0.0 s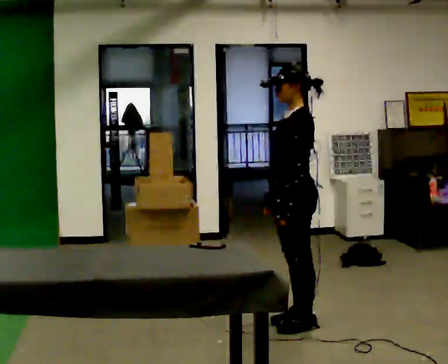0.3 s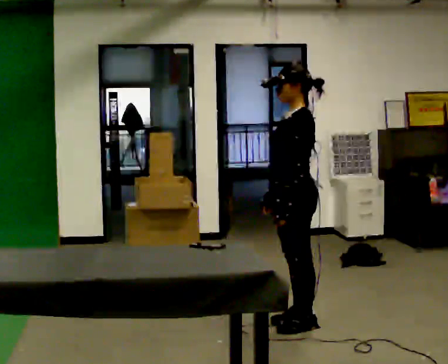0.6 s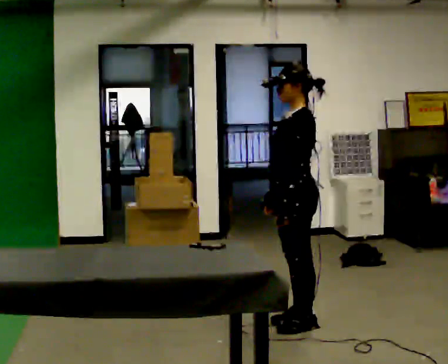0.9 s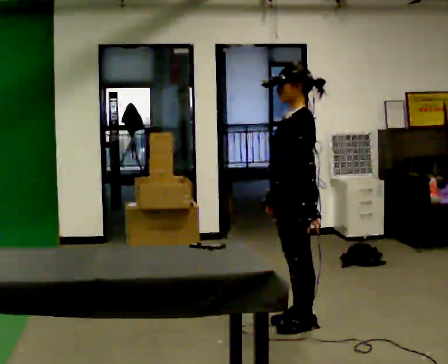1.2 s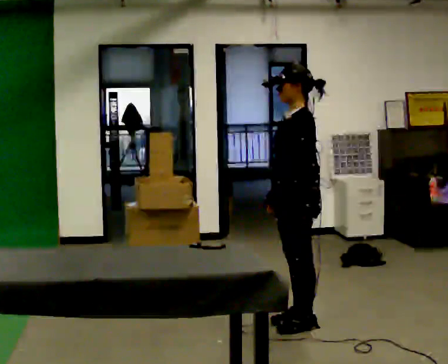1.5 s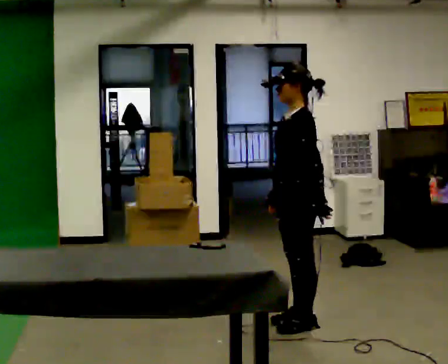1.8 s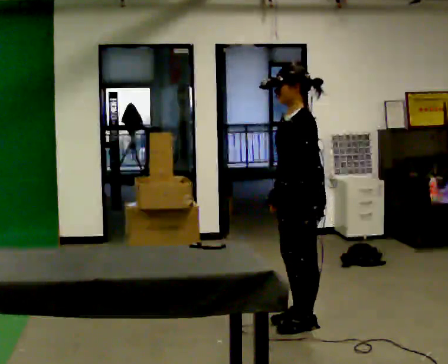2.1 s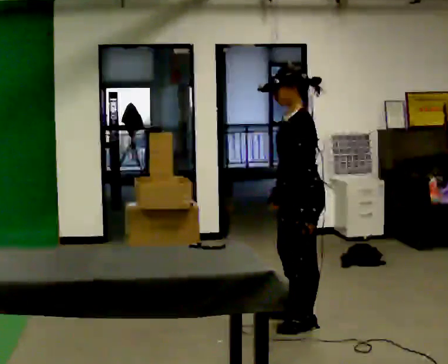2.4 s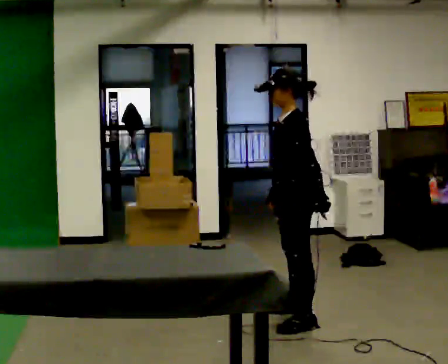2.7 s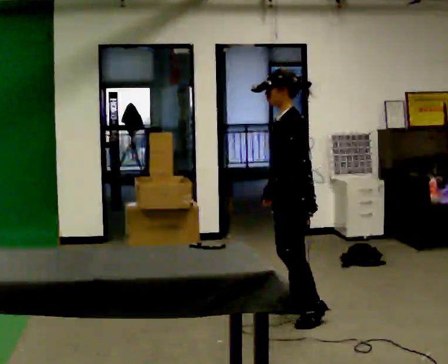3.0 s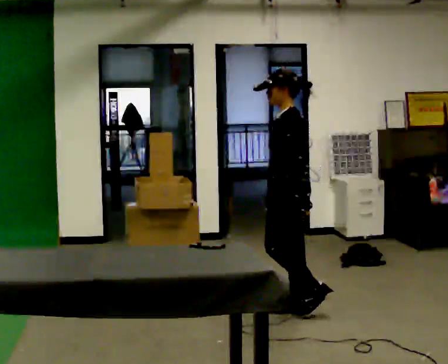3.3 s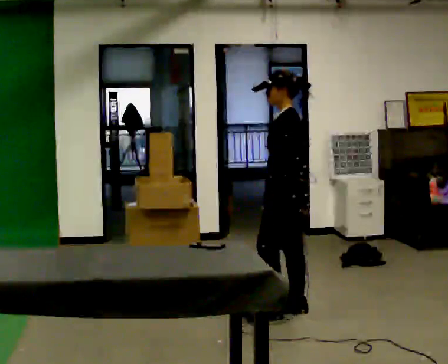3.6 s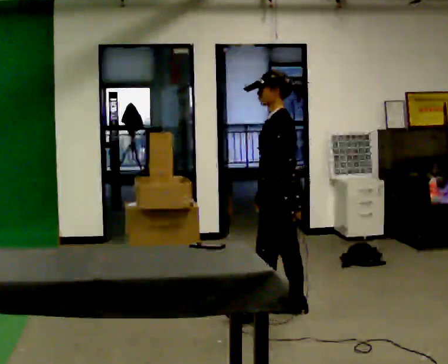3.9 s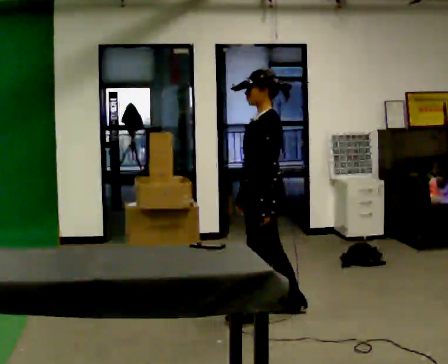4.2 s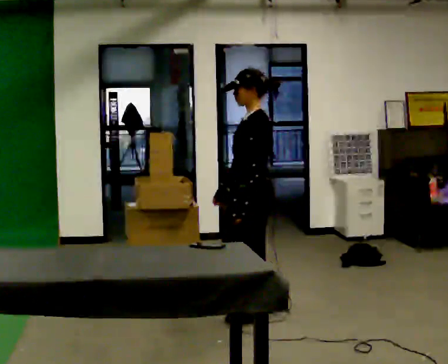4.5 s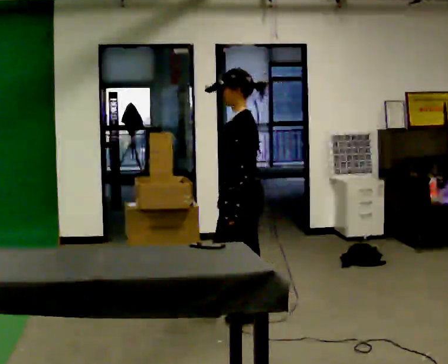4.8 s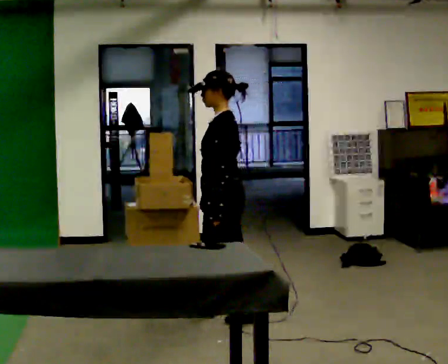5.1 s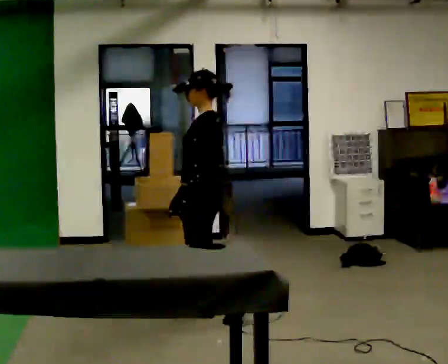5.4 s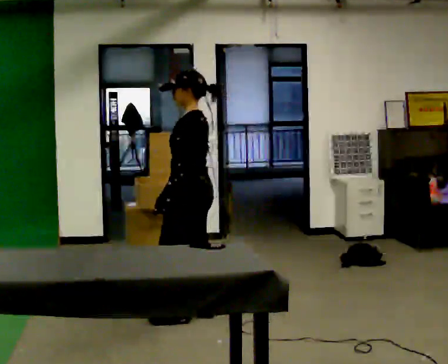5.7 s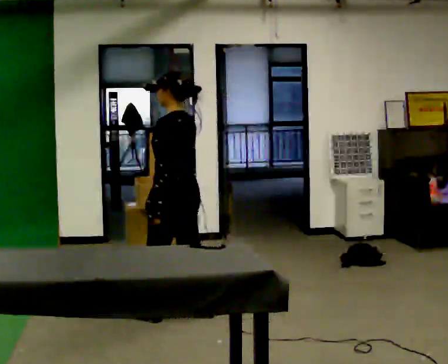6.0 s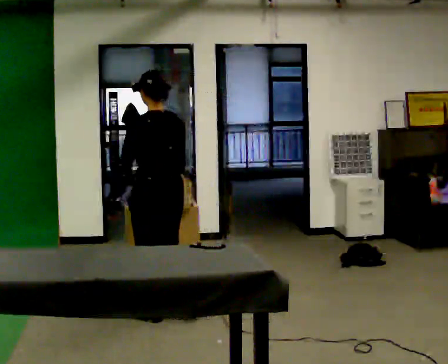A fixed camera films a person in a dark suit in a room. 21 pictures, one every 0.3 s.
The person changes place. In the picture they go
to the left.
The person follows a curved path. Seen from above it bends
counterclockwise.
0.0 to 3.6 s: In the picture they go away from the camera, about 0.25 m in 2 steps, which for them is to their right.
3.6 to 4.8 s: In the picture they go to the left, about 0.25 m in 1 step, which for them is forward.
4.8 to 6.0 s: The person turns about 45 degrees to their right, clockwise seen from above, so the part of the body nearest the lens slides to the left. In the picture they go to the left, about 0.5 m in 1 step, which for them is forward.
The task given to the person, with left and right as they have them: 1. Look at the photo the operator gives you. 2. Put the room back the way it looks in the photo. 3. Tell the operator when you are finished.
The film runs forward here.
